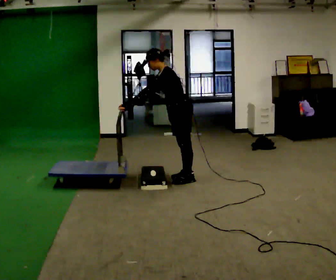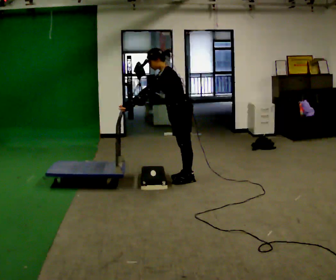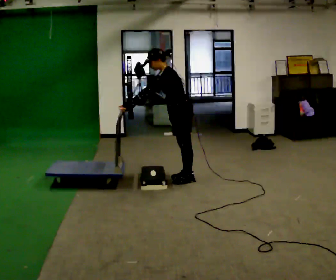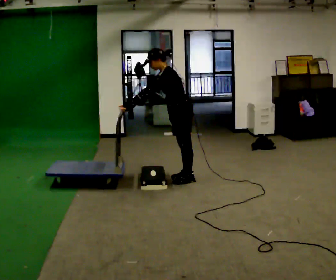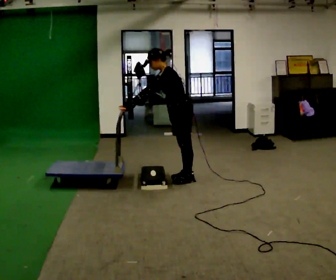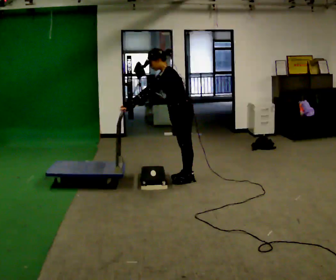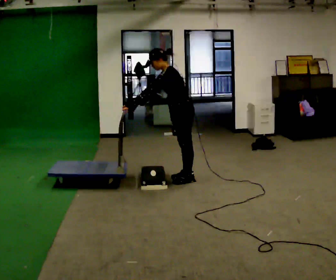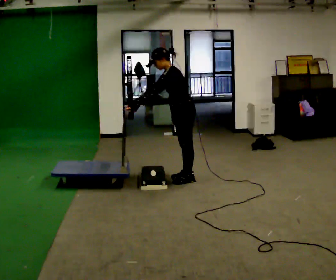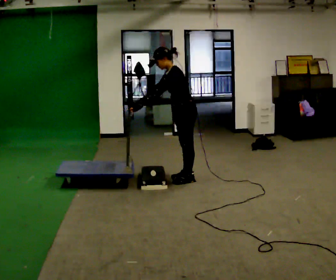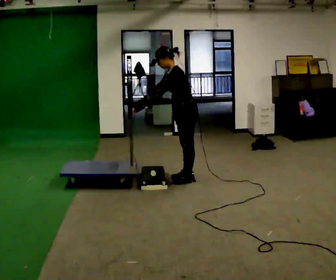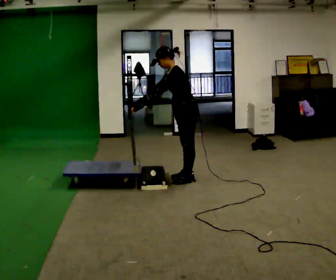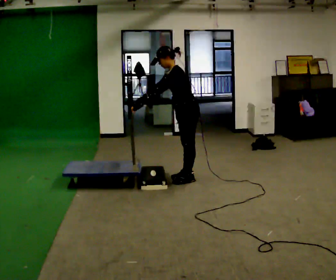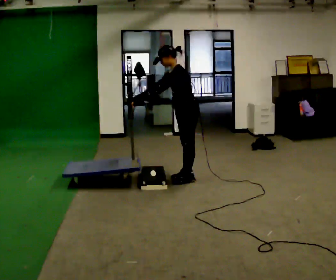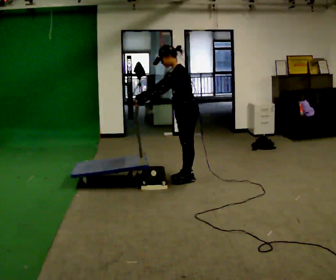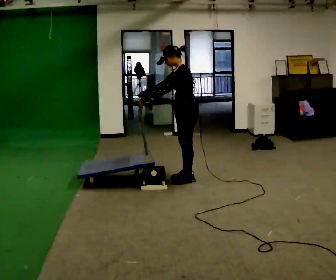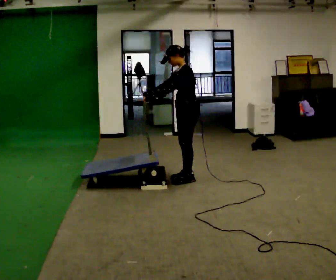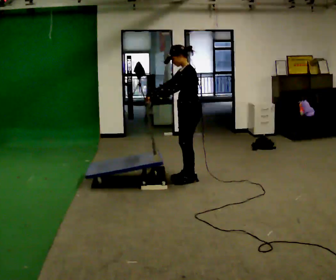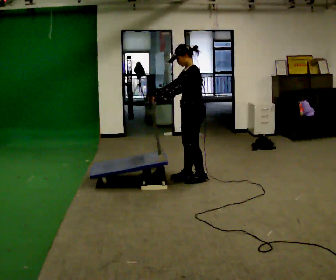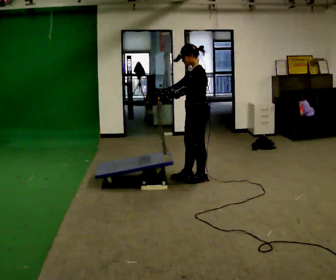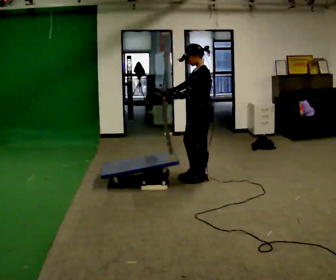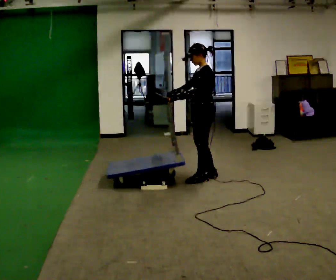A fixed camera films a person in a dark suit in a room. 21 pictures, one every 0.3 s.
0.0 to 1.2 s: The person keeps their place and pose.
1.2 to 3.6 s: The person moves a little, or ends about where they began.
3.6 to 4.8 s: In the picture the upper body tilts clockwise, shoulders to the right, as they lean back or straighten.
4.8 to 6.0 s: In the picture they go to the right, about 0.25 m in 1 step, which for them is backward.
The film runs forward here.
